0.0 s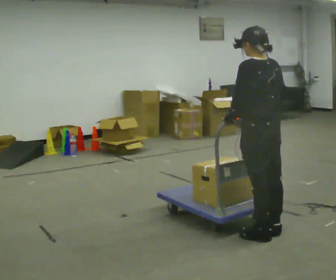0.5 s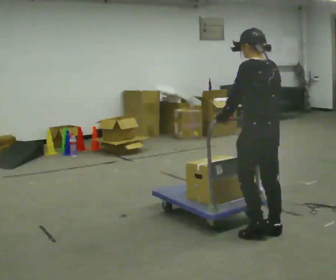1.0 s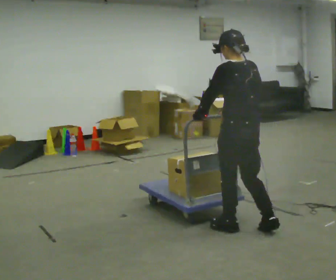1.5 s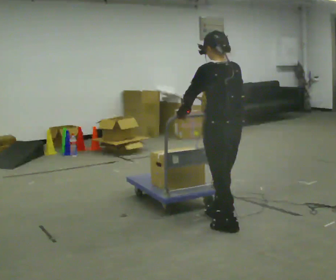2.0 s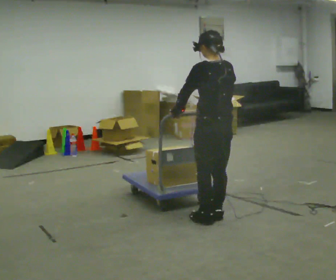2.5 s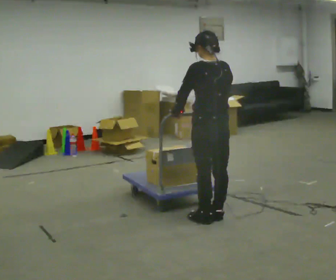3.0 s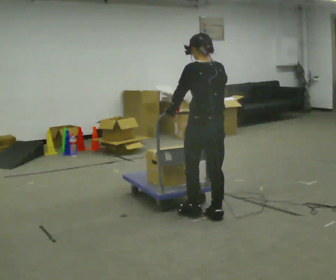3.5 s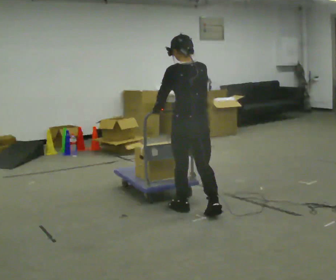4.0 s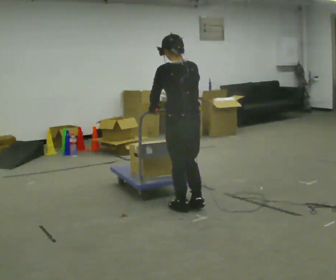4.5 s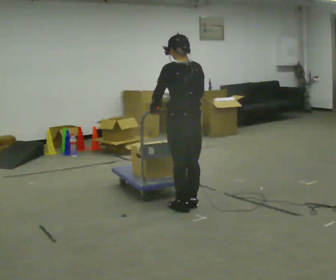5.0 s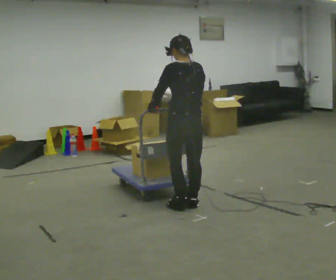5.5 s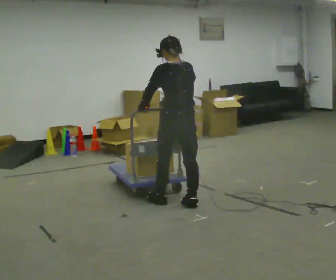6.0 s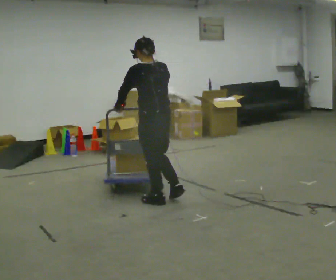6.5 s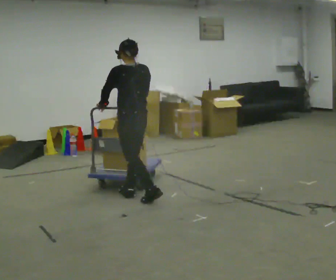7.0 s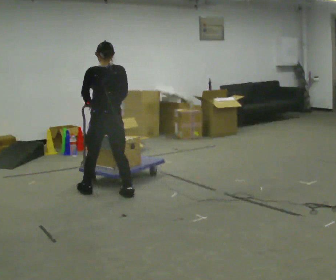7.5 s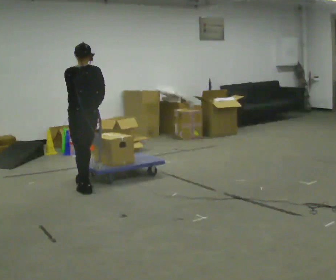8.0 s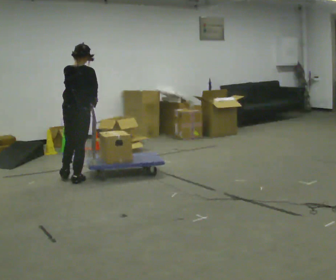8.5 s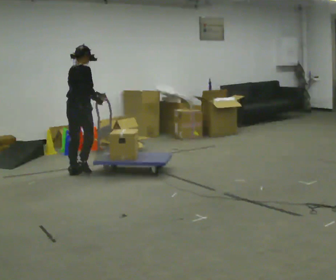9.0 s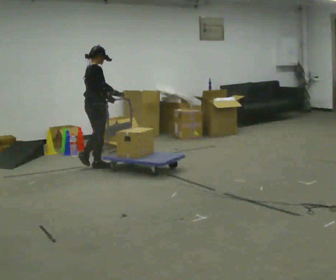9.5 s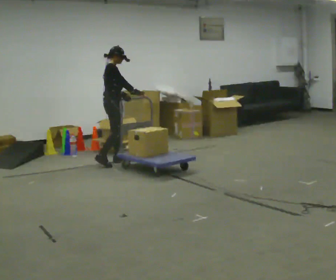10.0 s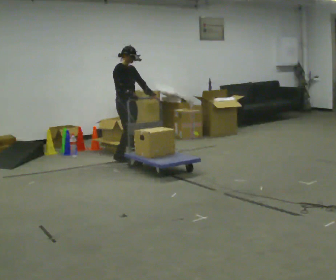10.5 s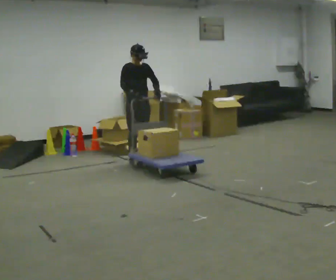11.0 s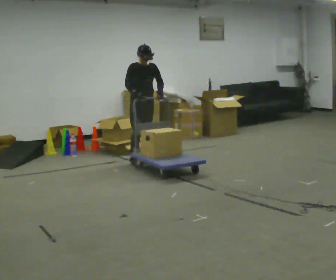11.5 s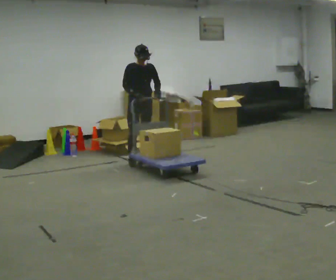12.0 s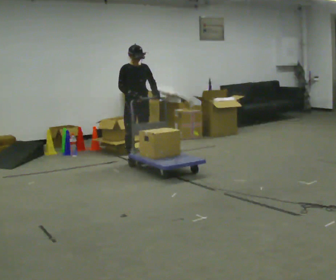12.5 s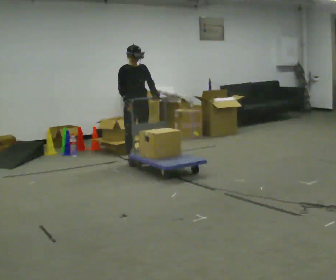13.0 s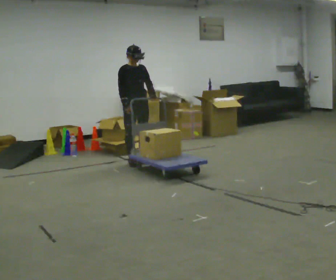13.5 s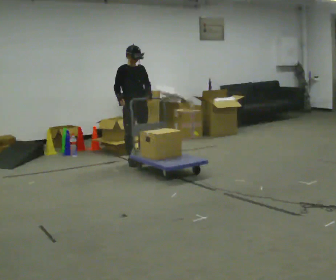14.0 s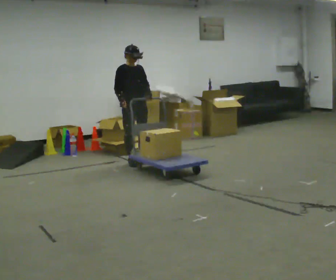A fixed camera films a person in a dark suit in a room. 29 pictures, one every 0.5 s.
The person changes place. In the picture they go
away from the camera.
The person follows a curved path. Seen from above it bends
clockwise.
0.0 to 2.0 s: In the picture they go away from the camera and to the left, about 0.5 m in 2 steps, which for them is forward.
2.0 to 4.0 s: In the picture they go away from the camera and to the left, about 0.25 m in 2 steps, which for them is forward.
4.0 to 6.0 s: In the picture they go away from the camera and to the left, about 0.25 m in 2 steps, which for them is forward.
6.0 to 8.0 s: Seen from above the body turns clockwise, about 45 degrees: to their right, with its near side sliding to the left. In the picture they go away from the camera and to the left, about 1 m in 3 steps, which for them is forward.
8.0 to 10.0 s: Seen from above the body turns clockwise, about 105 degrees: to their right, with its near side sliding to the left. In the picture they go away from the camera and to the right, about 1 m in 4 steps.
10.0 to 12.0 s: The part of the body nearest the lens slides to the left as the person turns to their right by about 30 degrees.
12.0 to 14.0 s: The person moves a little, or ends about where they began.
The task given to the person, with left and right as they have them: Push the cart across the room and back. The operator will change how much is loaded on it between takes and will tell you each time.
The film runs forward here.
